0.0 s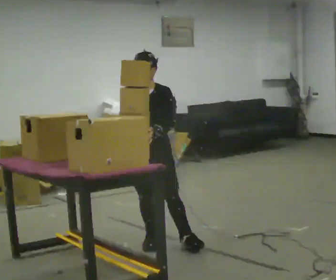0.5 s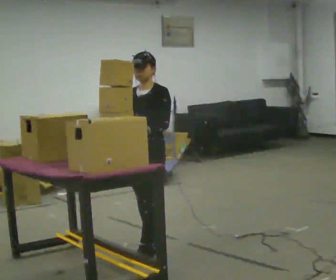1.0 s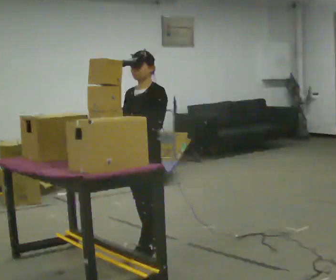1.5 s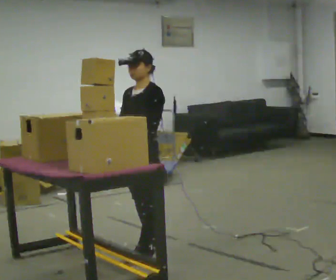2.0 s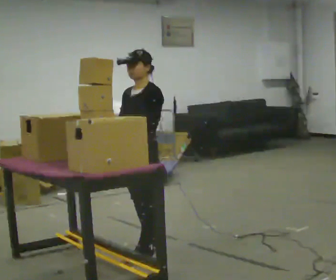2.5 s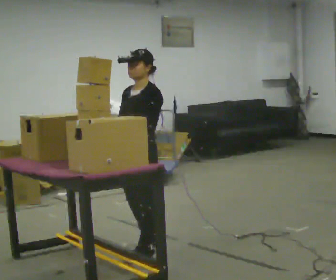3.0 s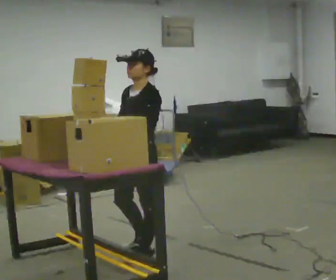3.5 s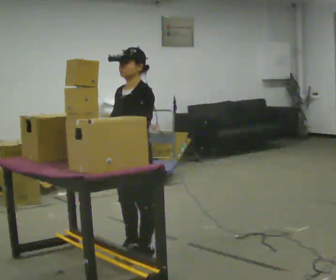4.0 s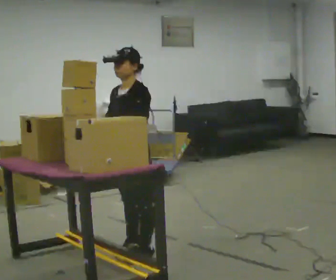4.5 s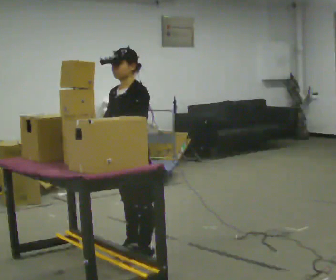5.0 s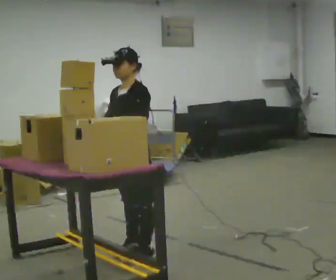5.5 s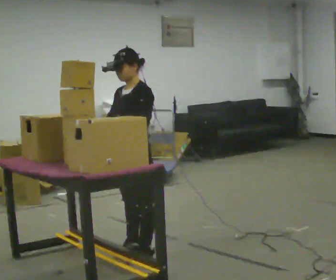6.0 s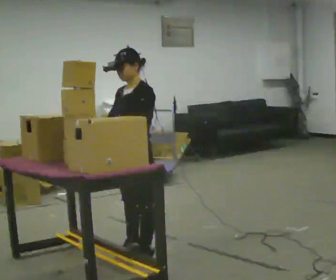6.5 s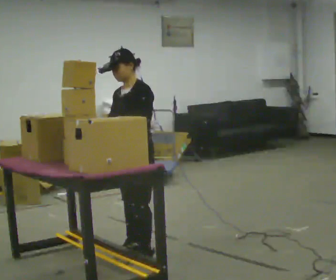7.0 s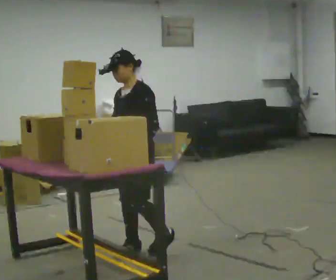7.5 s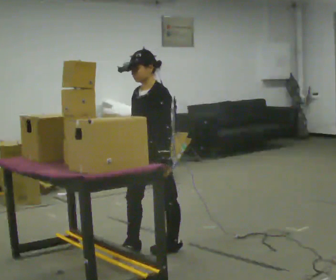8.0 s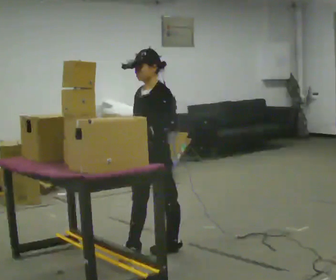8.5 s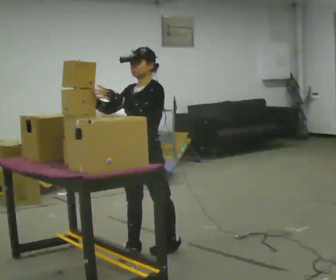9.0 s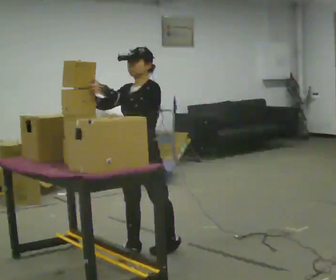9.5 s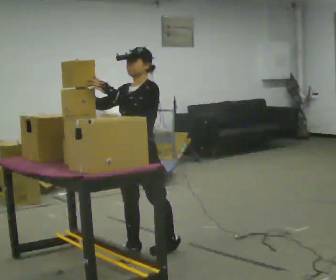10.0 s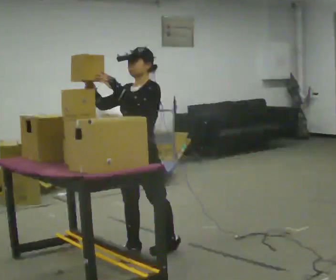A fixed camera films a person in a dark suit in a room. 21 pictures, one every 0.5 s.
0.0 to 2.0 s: Seen from above the body turns clockwise, about 45 degrees: to their right, with its near side sliding to the left.
2.0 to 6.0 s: The person moves a little, or ends about where they began.
6.0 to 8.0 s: In the picture they go to the right, about 0.25 m in 1 step, which for them is backward.
8.0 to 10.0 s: In the picture their right hand goes upward, the arm swinging clockwise.
The film runs backward here.
